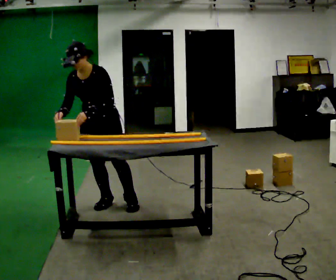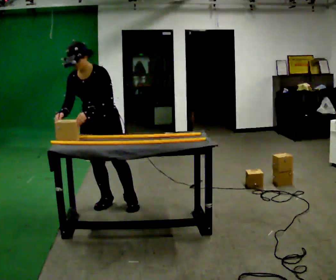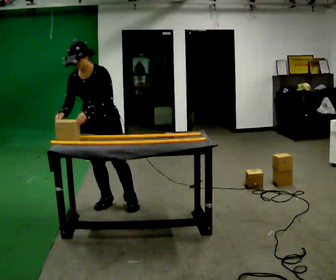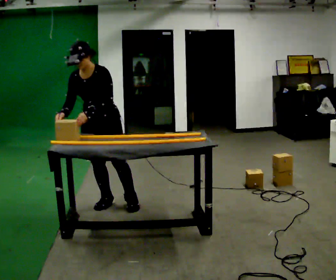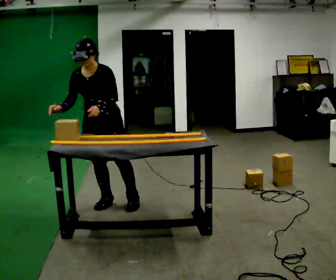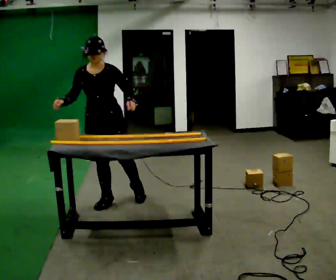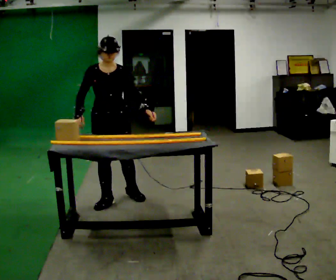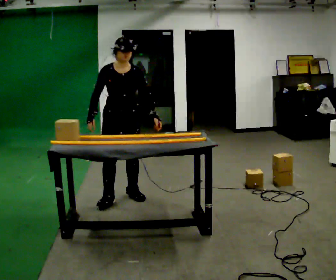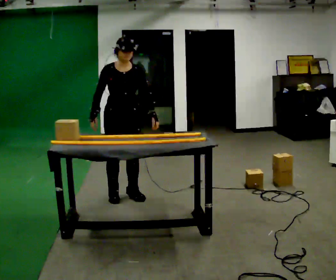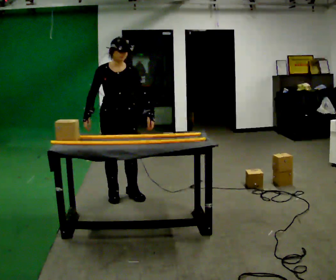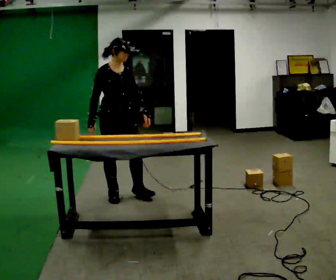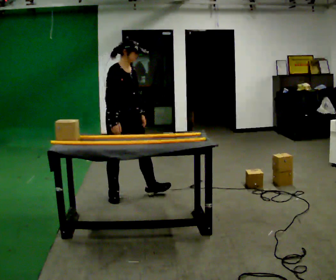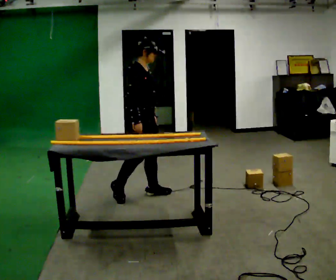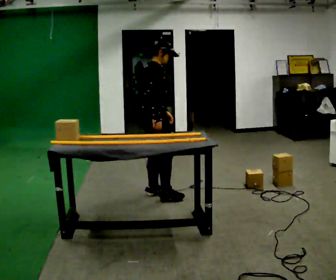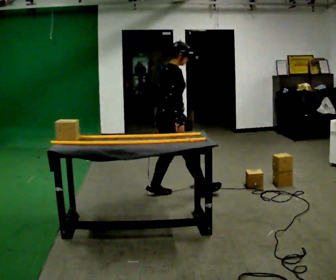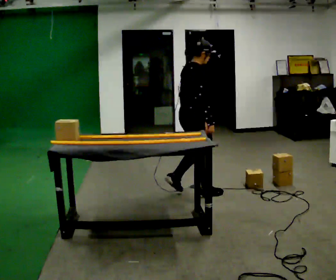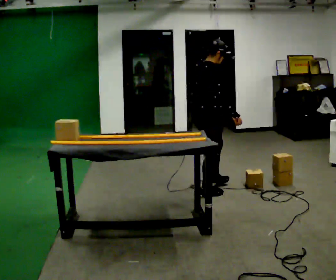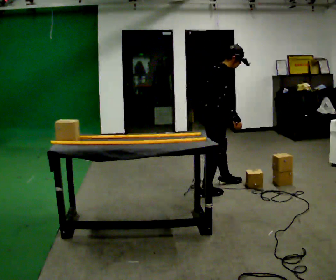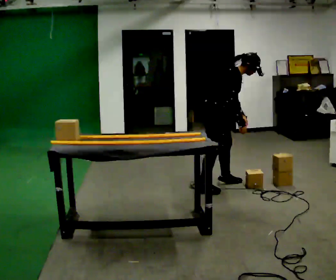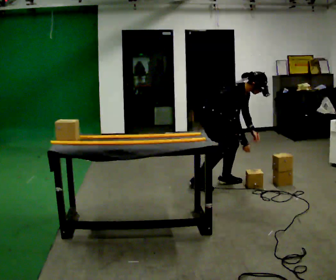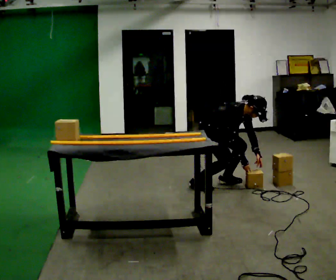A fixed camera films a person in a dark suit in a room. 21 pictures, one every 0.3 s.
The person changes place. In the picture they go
to the right.
The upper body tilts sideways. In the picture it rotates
clockwise.
0.0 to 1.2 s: The person moves a little, or ends about where they began.
1.2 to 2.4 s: Seen from above the body turns counterclockwise, about 30 degrees: to their left, with its near side sliding to the right. In the picture they go to the right, about 0.25 m in 2 steps, which for them is to their left. In the picture the upper body tilts clockwise, shoulders to the right. In the picture their left hand goes to the right.
2.4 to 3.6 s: Seen from above the body turns counterclockwise, about 45 degrees: to their left, with its near side sliding to the right. In the picture they go to the right, about 0.25 m, which for them is to their left. In the picture their right hand goes to the right.
3.6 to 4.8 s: The person turns about 45 degrees to their left, counterclockwise seen from above, so the part of the body nearest the lens slides to the right. In the picture they go to the right, about 0.75 m in 1 step, which for them is forward.
4.8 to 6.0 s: The person turns about 45 degrees to their right, clockwise seen from above, so the part of the body nearest the lens slides to the left. In the picture they go away from the camera, about 0.25 m in 2 steps, which for them is to their left. The shoulders move downward. In the picture the upper body tilts clockwise, shoulders to the right, as they bend forward. In the picture their left hand goes downward.
The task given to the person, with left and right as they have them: Slide the object into the slot on the shelf in front of you. It is a close fit, so take the time you need. Repeat at your own pace until the operator says stop. Keep both feet on the marked spots for the whole take. If you have to step, stop and tell the operator.
The film runs forward here.
